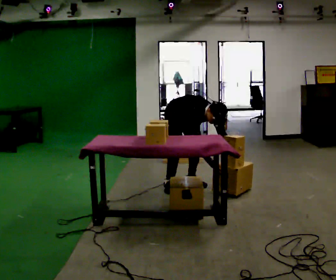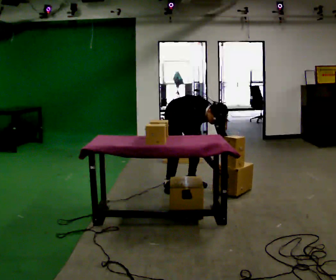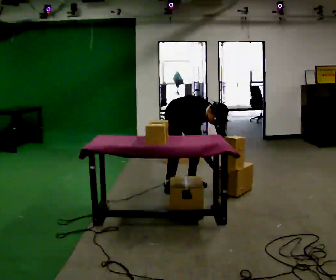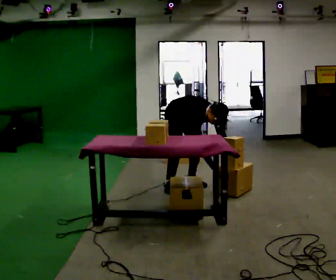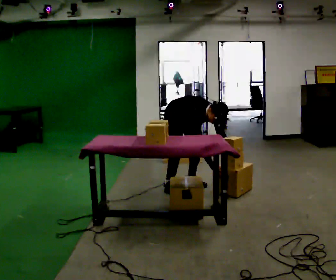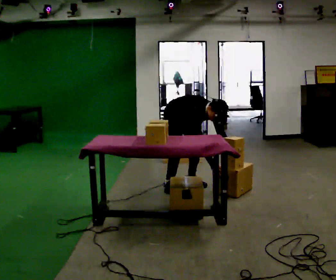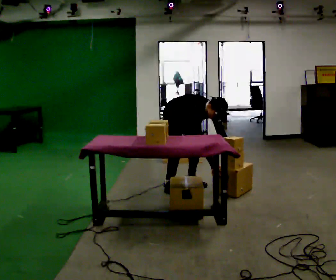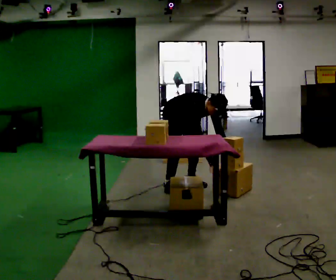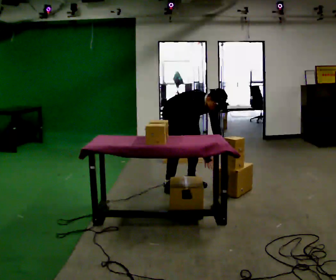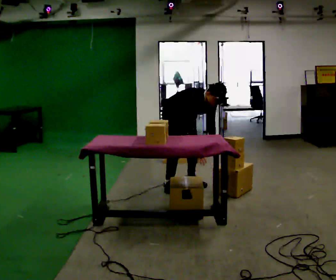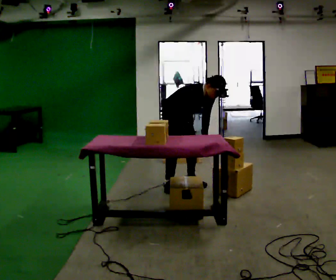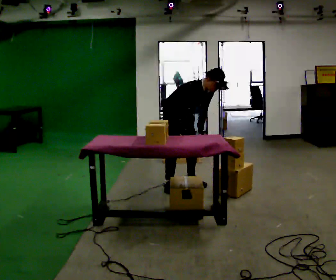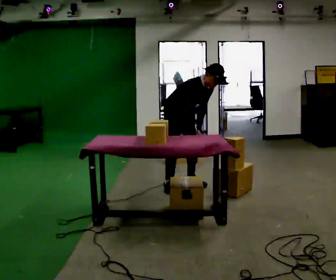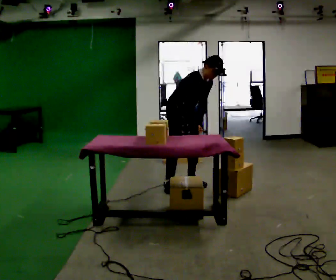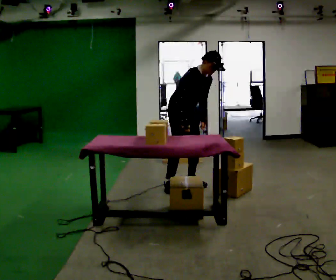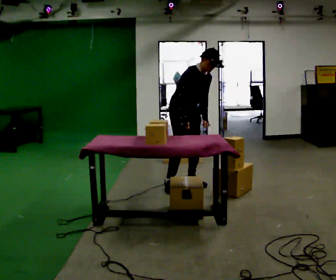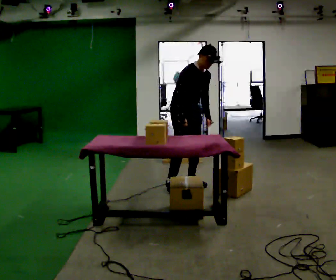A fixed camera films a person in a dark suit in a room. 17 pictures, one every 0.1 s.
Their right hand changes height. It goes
upward.
The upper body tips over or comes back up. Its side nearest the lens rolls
upward.
0.0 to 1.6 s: The shoulders move upward. The upper body tips away from the camera, its near side rolling upward, as they lean back or straighten. In the picture their right hand goes upward and to the left.
The film runs forward here.
